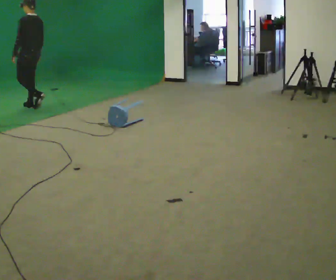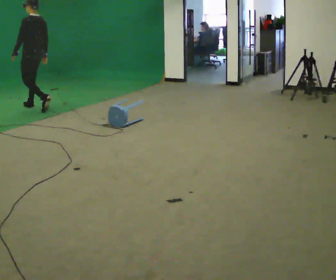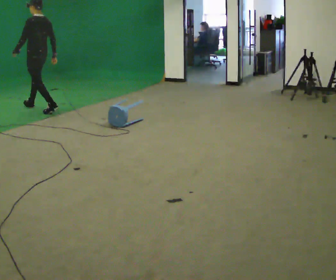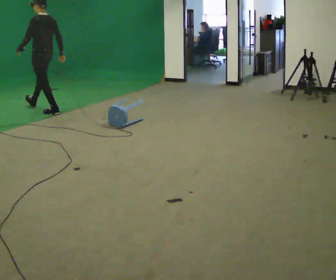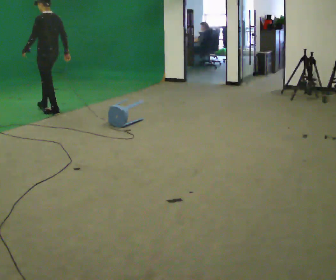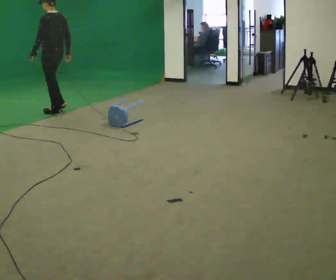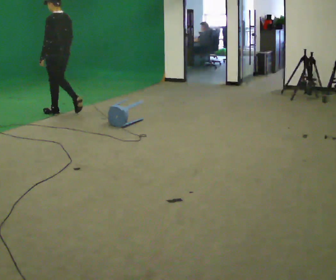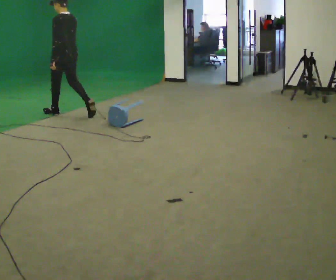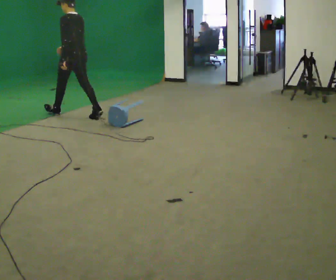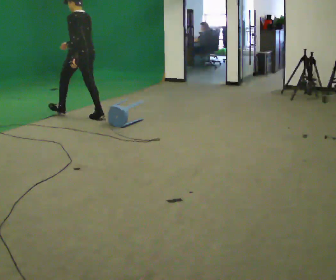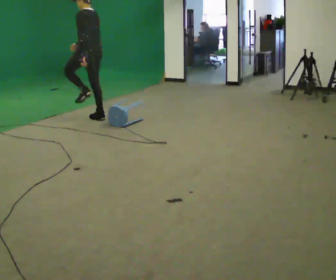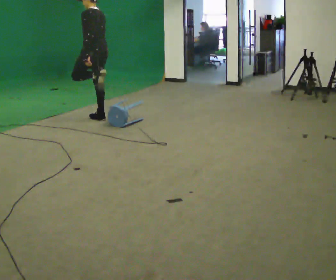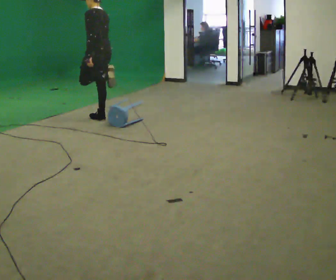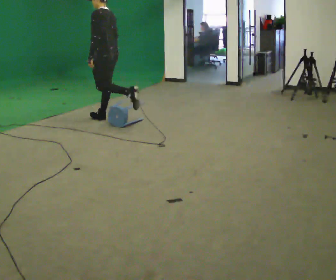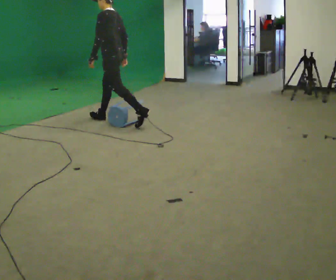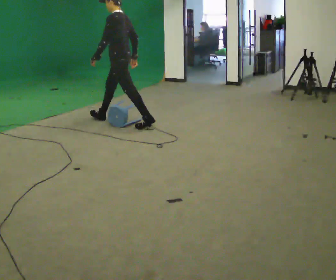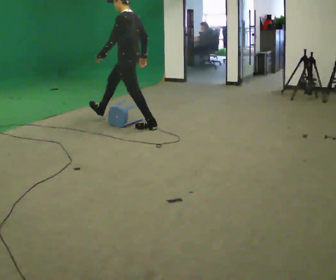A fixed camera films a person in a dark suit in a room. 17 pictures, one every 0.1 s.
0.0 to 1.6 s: In the picture they go to the right and toward the camera, about 2 m in 2 steps, which for them is backward.
The film runs backward here.
